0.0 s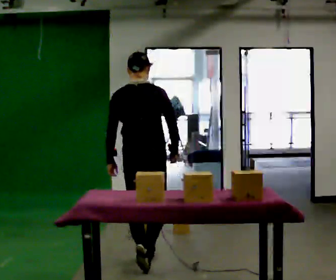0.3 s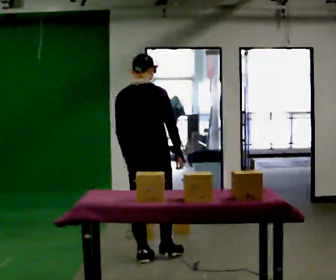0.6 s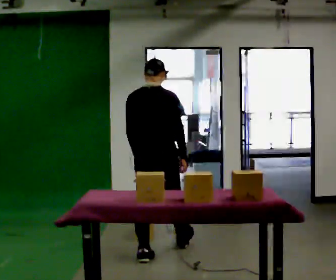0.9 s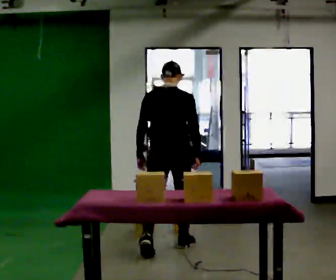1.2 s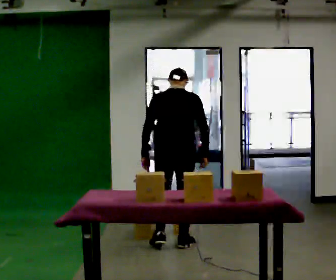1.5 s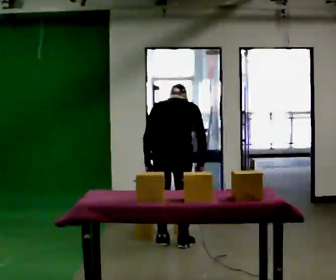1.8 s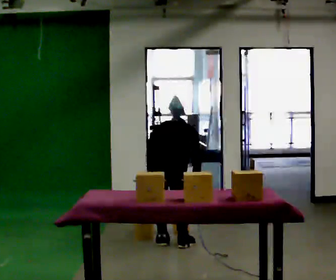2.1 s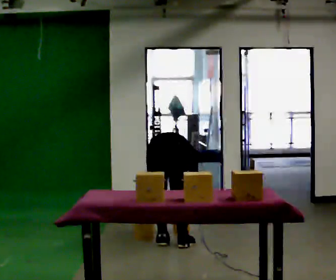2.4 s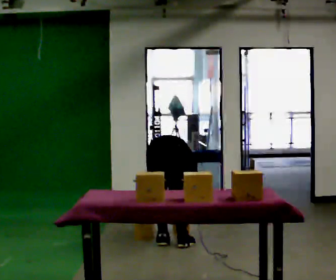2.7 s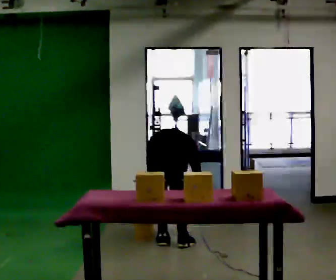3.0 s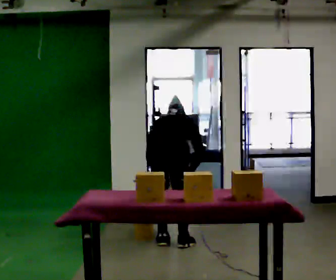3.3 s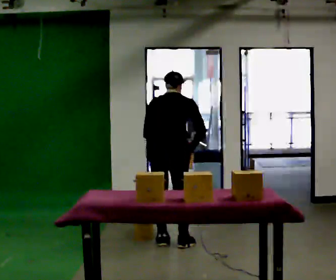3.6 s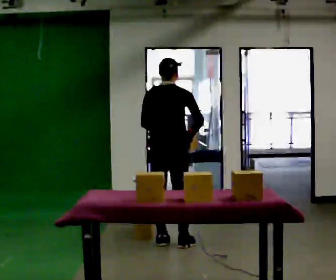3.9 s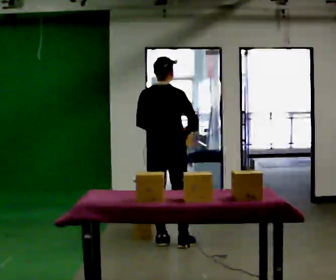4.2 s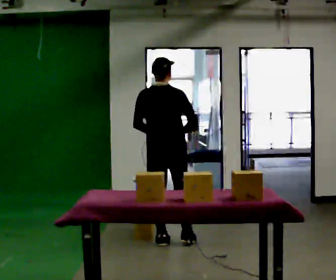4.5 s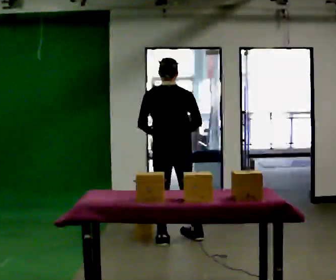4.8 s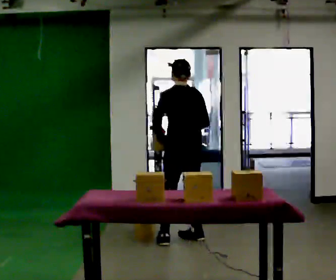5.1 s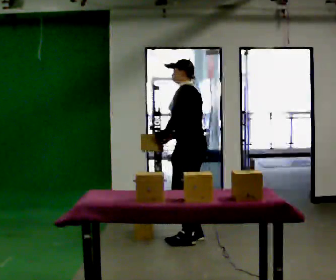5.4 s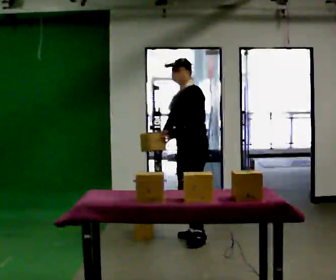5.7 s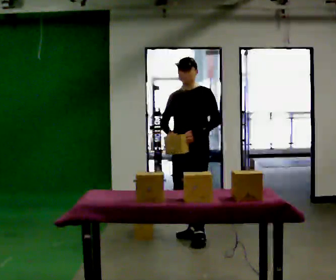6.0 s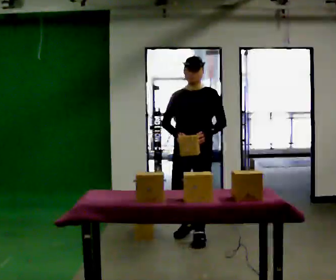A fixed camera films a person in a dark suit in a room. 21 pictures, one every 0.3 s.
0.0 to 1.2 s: In the picture they go away from the camera and to the right, about 0.5 m in 1 step, which for them is forward. The upper body tips away from the camera, its near side rolling upward, as they bend forward.
1.2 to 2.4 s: The shoulders move downward. The upper body tips away from the camera, its near side rolling upward, as they bend forward. In the picture their left hand goes downward.
2.4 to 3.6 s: The upper body goes upward. The upper body tips toward the camera, its near side rolling downward, as they lean back or straighten. In the picture their left hand goes upward.
3.6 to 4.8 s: Seen from above the body turns counterclockwise, about 60 degrees: to their left, with its near side sliding to the right. In the picture they go to the right and away from the camera, about 0.25 m in 1 step, which for them is forward and to their right.
4.8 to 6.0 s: The person turns about 135 degrees to their left, counterclockwise seen from above, so the part of the body nearest the lens slides to the right. In the picture their left hand goes to the right, the arm swinging counterclockwise.
The film runs forward here.
